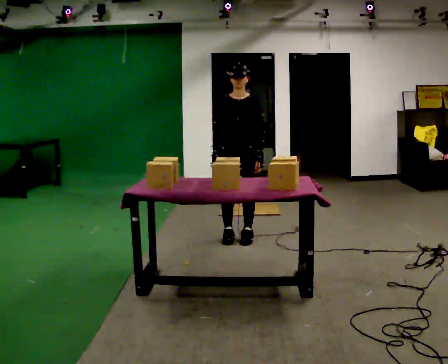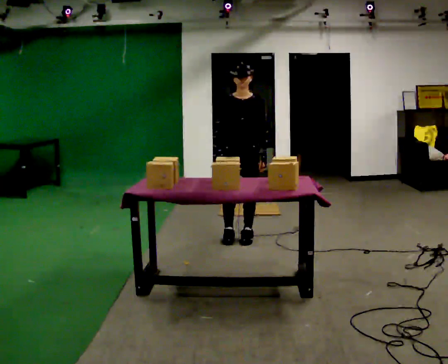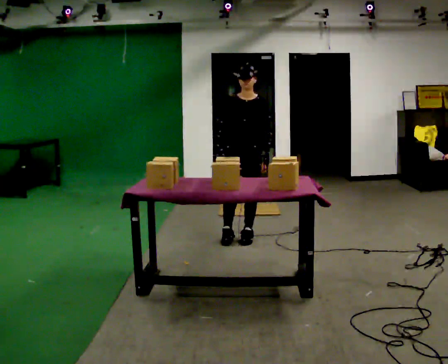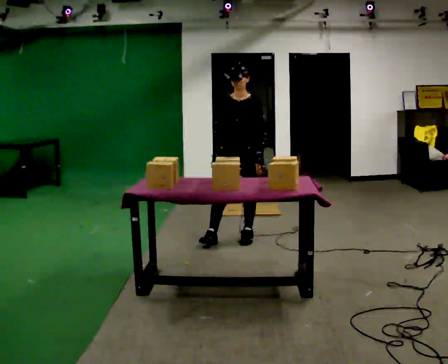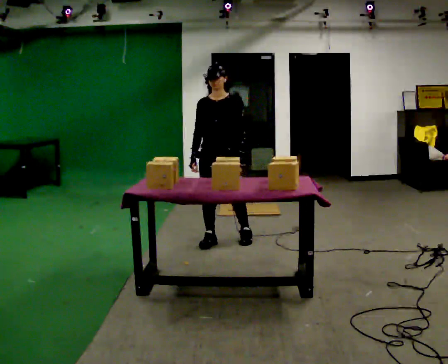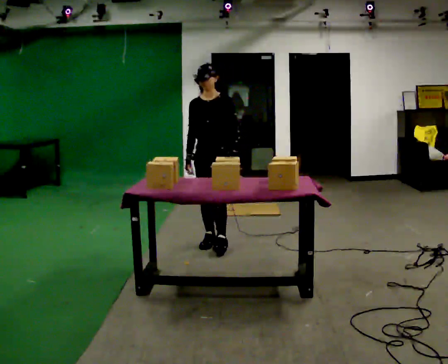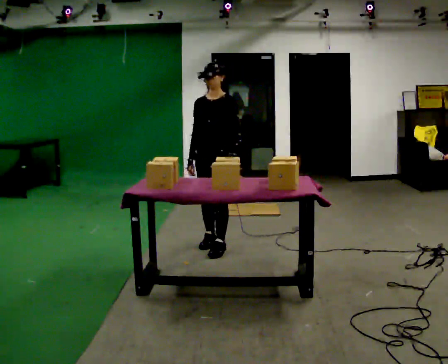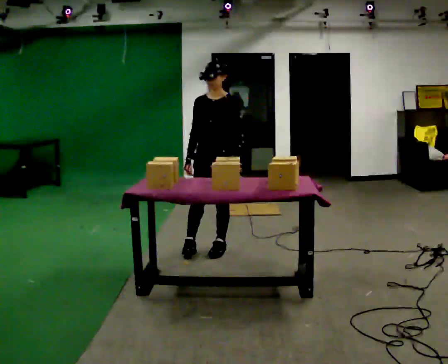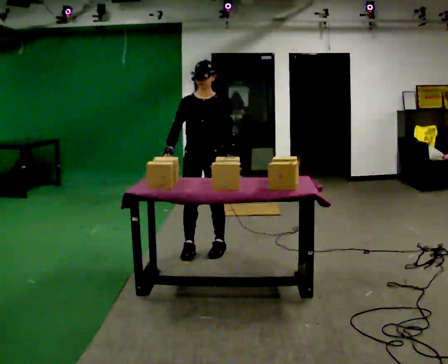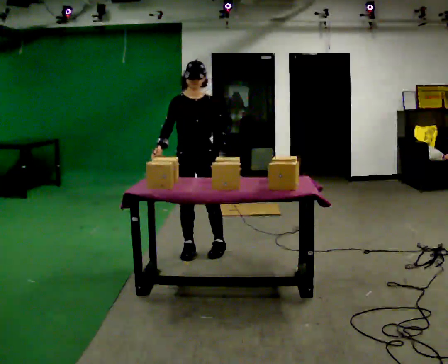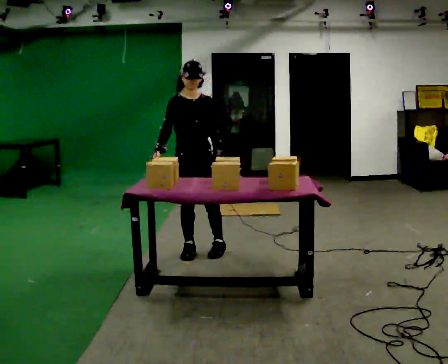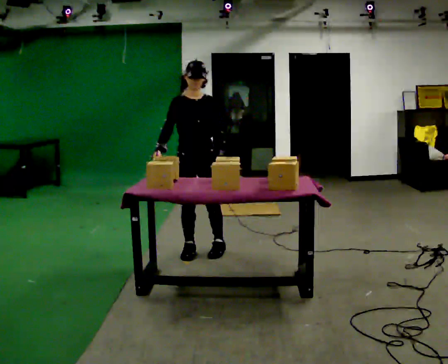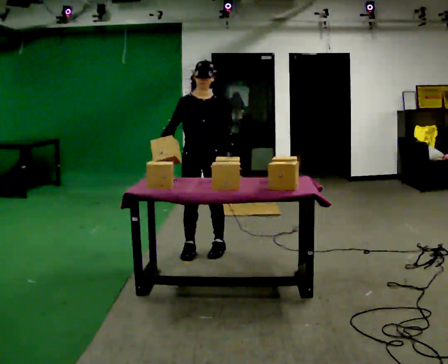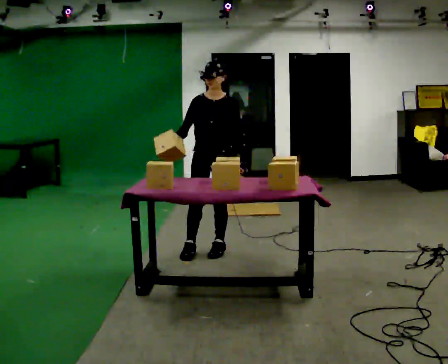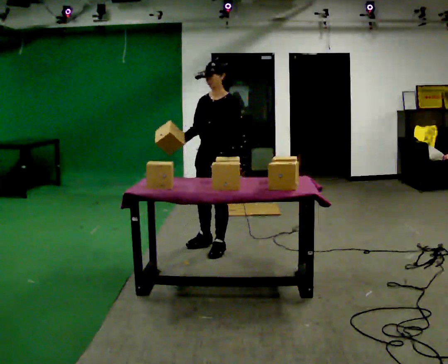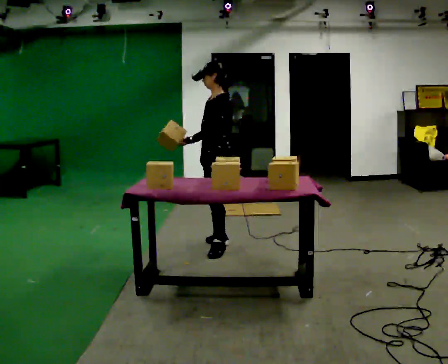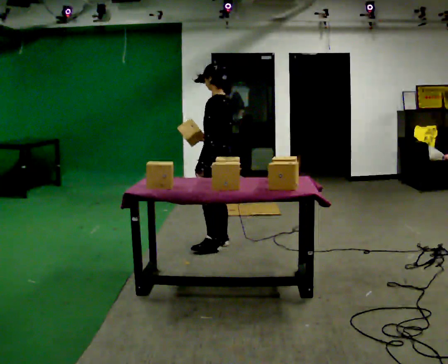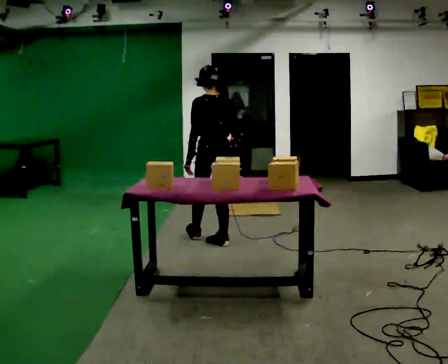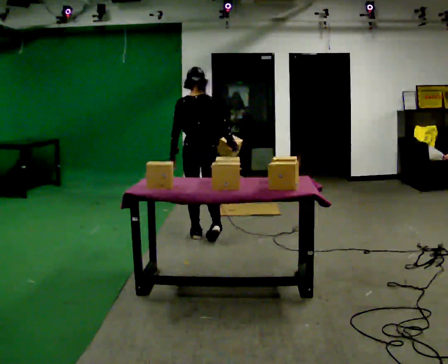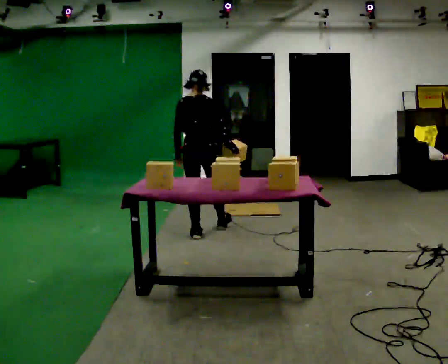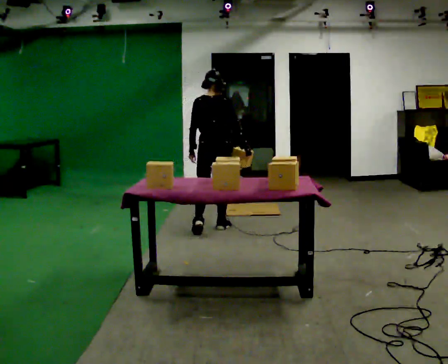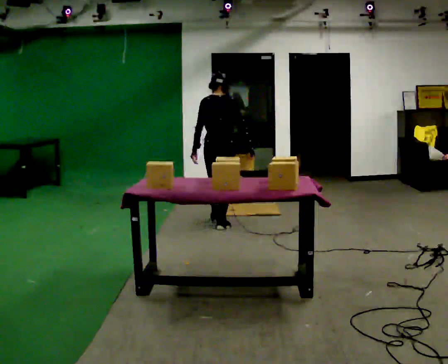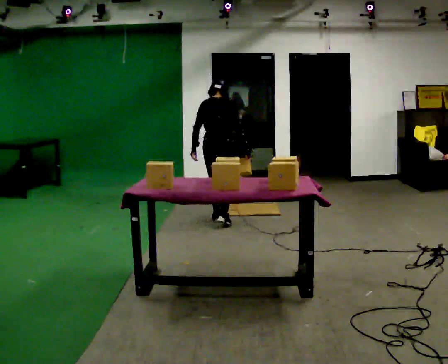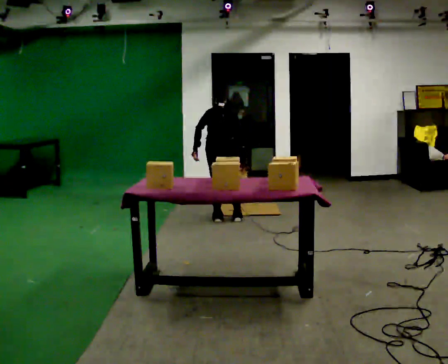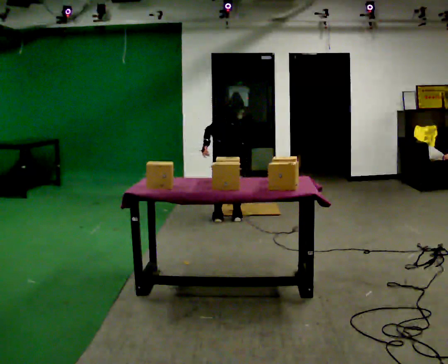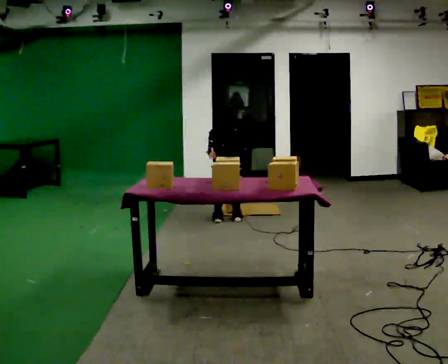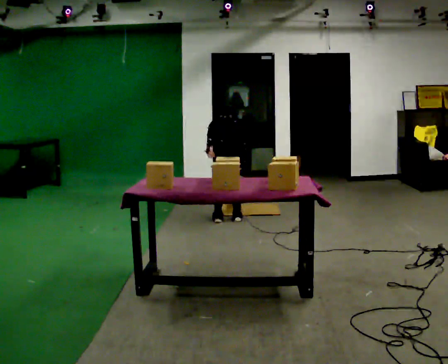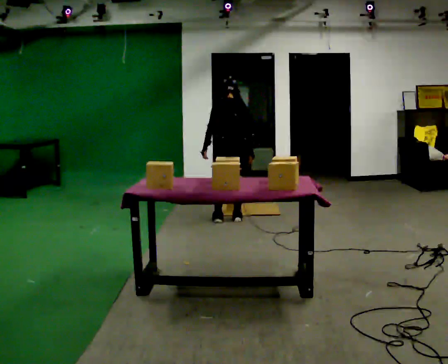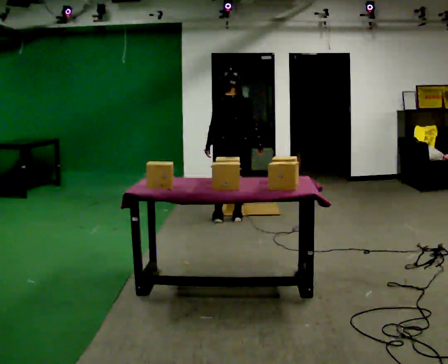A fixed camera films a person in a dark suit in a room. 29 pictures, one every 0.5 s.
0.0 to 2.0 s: In the picture they go to the left, about 0.25 m in 1 step, which for them is to their right and forward.
2.0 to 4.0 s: In the picture they go toward the camera, about 0.25 m in 2 steps, which for them is forward.
4.0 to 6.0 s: The person moves a little, or ends about where they began.
6.0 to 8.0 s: The part of the body nearest the lens slides to the left as the person turns to their right by about 120 degrees. In the picture they go away from the camera, about 0.25 m in 1 step.
8.0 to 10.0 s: The person turns about 75 degrees to their right, clockwise seen from above, so the part of the body nearest the lens slides to the left. In the picture they go away from the camera, about 0.5 m in 2 steps.
10.0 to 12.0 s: In the picture they go away from the camera, about 0.25 m in 2 steps, which for them is forward. The upper body goes downward. The upper body tips away from the camera, its near side rolling upward, as they bend forward.
12.0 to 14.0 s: In the picture they go away from the camera, about 0.25 m, which for them is forward. The upper body goes upward. The upper body tips toward the camera, its near side rolling downward, as they lean back or straighten.
The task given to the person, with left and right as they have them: 1. Bring the boxes over from the shelf one at a time. 2. Stack them on the pallet with the heaviest at the bottom. 3. Do not stack more than three high. 4. Tell the operator when you are finished.
The film runs forward here.
